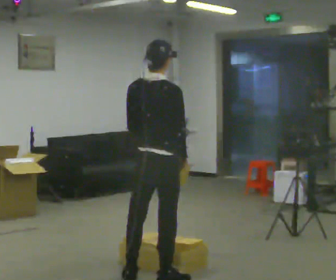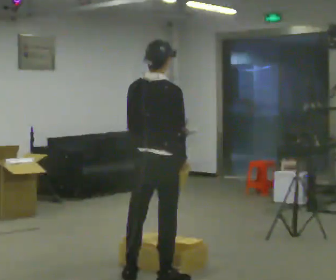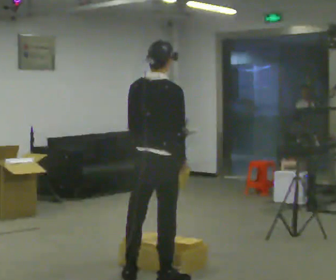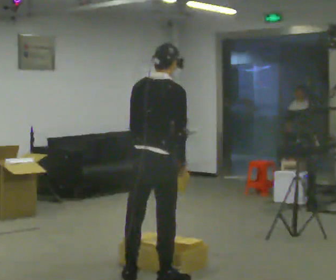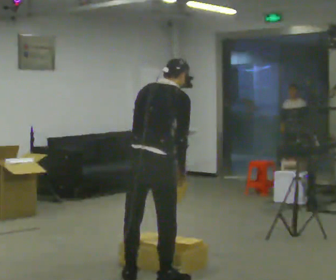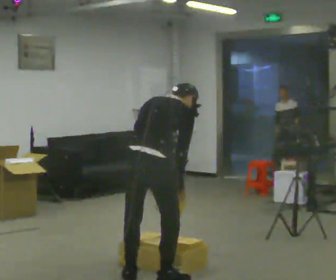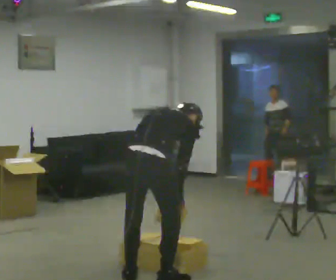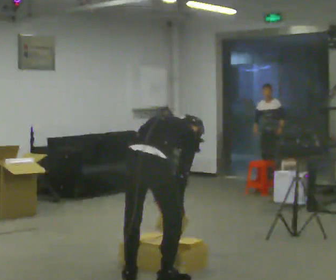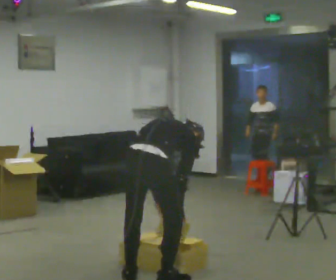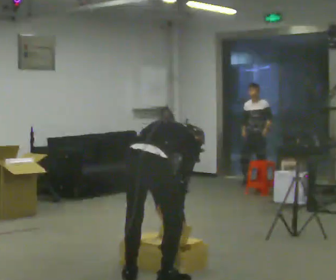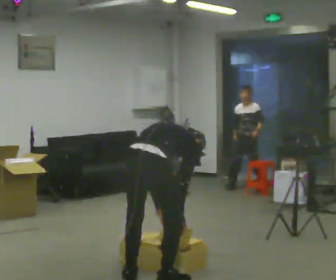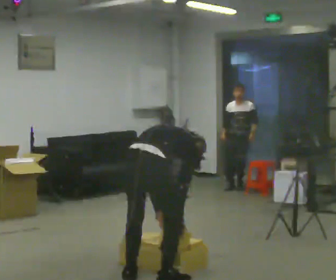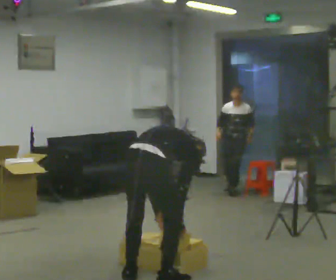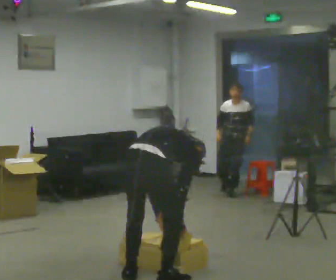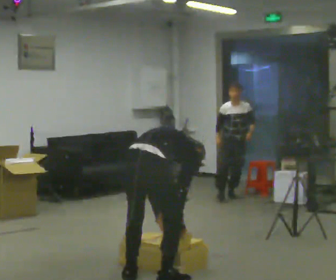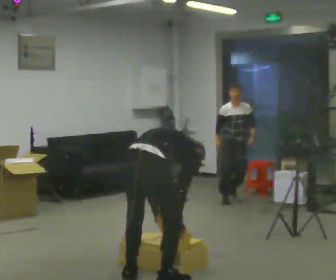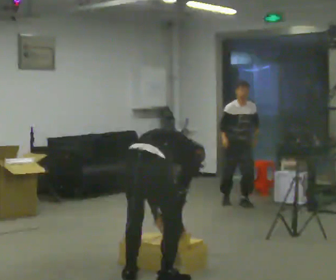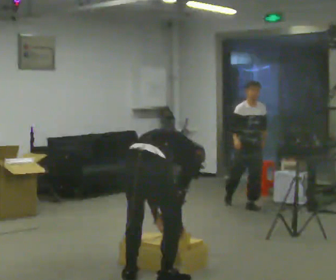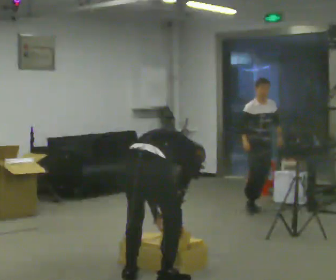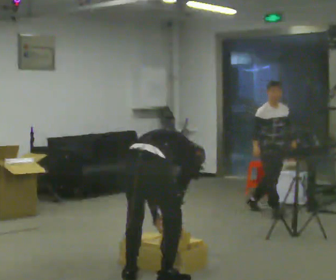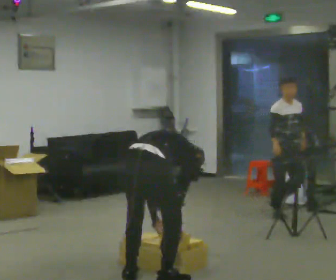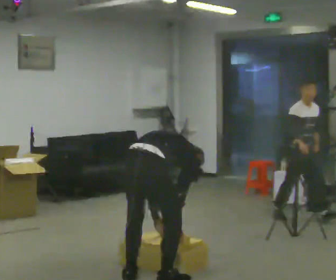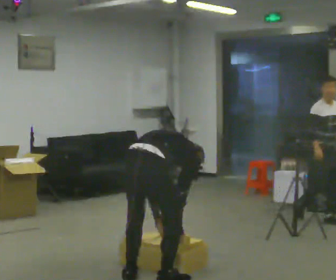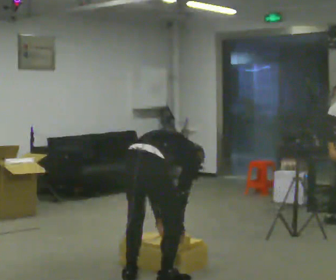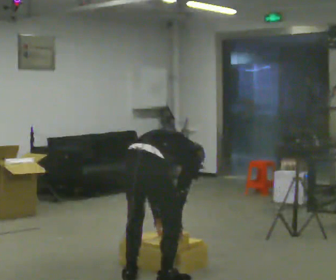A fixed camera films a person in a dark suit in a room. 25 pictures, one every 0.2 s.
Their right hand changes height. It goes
downward.
The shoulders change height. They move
downward.
0.0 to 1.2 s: The shoulders move downward. The upper body tips away from the camera, its near side rolling upward, as they bend forward. In the picture their right hand goes downward.
1.2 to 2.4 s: The shoulders move downward. In the picture the upper body tilts clockwise, shoulders to the right, as they bend forward.
2.4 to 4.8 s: The person moves a little, or ends about where they began.
The film runs forward here.
